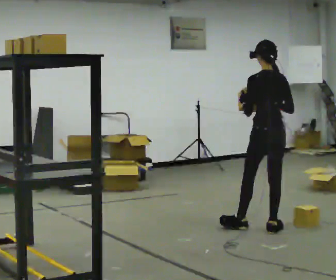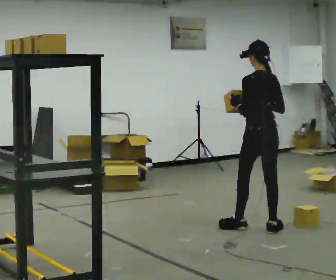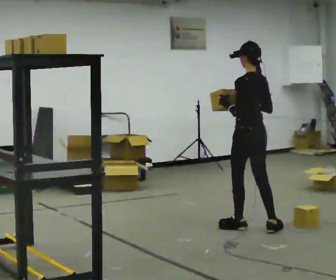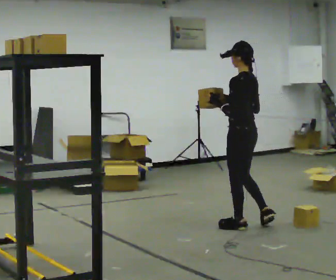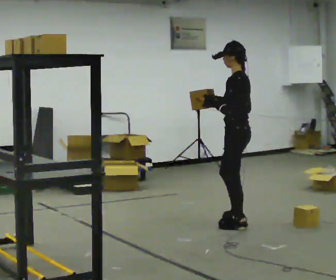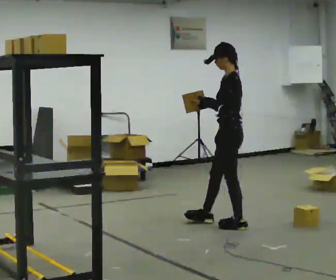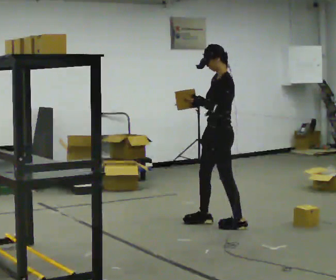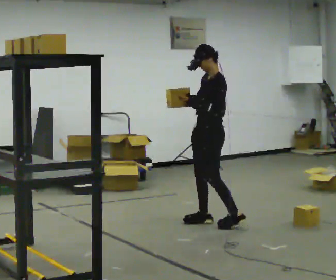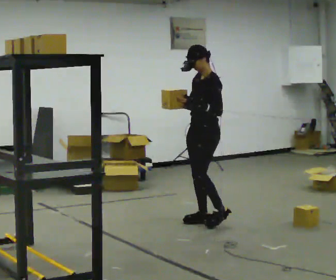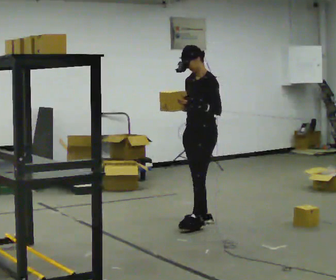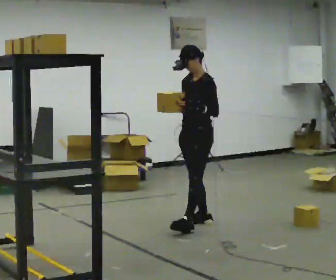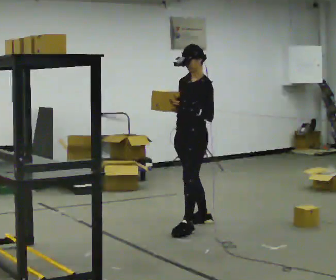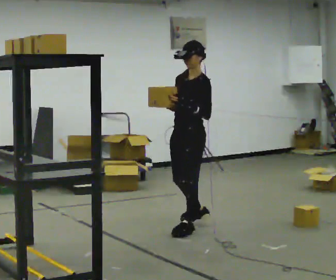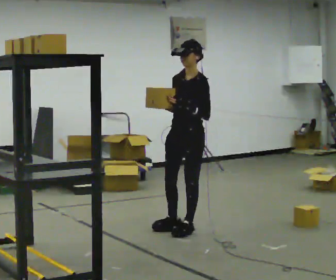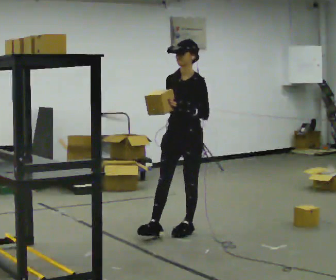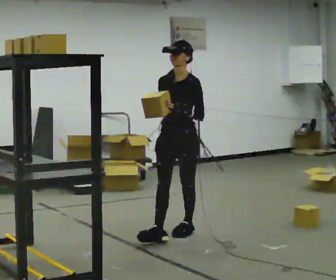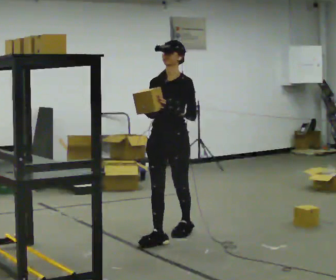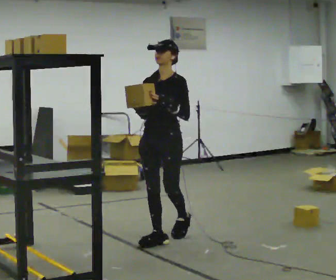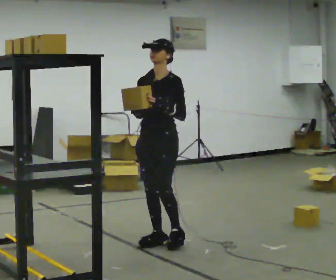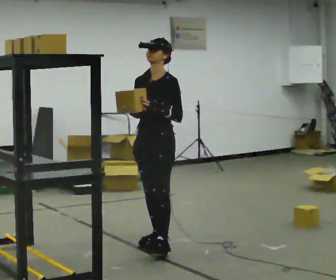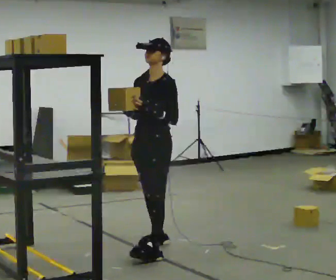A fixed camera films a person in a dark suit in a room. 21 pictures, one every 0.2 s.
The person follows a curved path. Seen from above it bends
counterclockwise.
The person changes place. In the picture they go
to the left.
0.0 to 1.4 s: The part of the body nearest the lens slides to the right as the person turns to their left by about 90 degrees. In the picture they go to the left and away from the camera, about 0.5 m in 1 step.
1.4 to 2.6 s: In the picture they go toward the camera and to the left, about 0.25 m in 1 step, which for them is forward and to their left.
2.6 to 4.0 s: In the picture they go toward the camera and to the left, about 0.5 m in 2 steps, which for them is forward.
The film runs forward here.
